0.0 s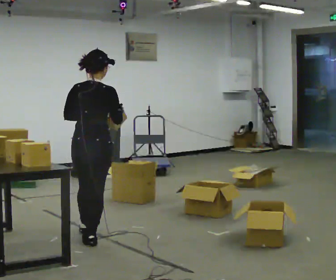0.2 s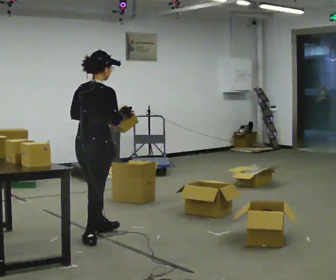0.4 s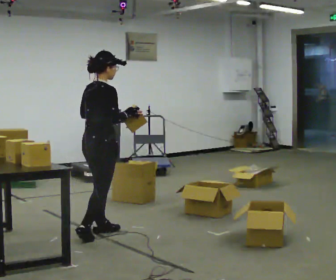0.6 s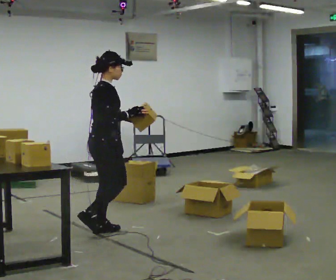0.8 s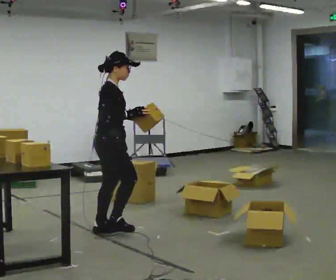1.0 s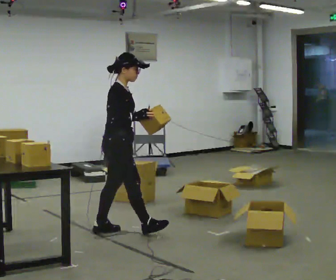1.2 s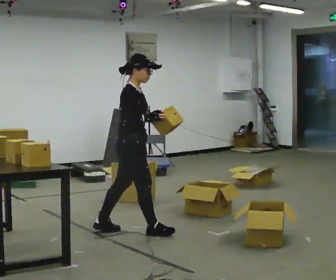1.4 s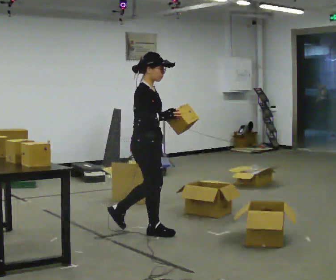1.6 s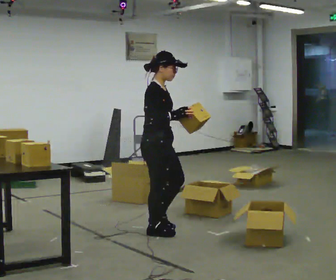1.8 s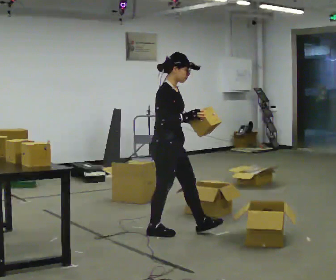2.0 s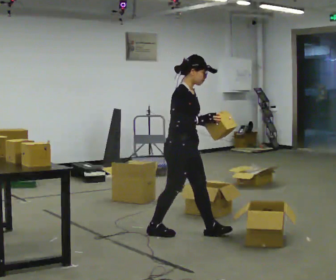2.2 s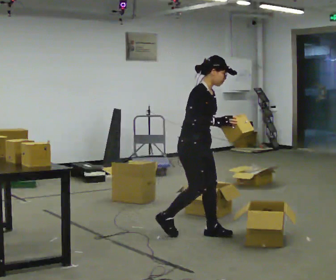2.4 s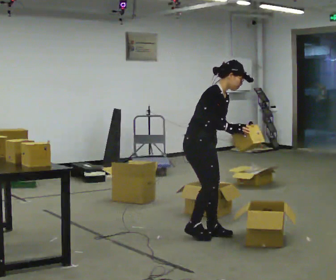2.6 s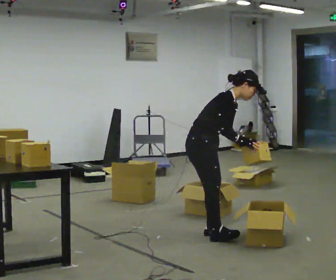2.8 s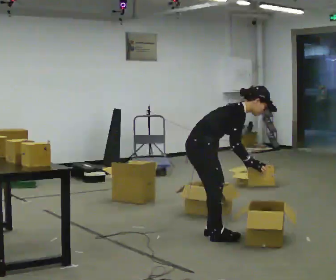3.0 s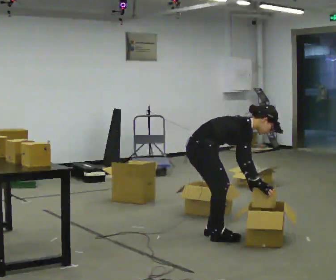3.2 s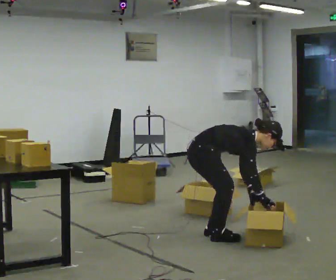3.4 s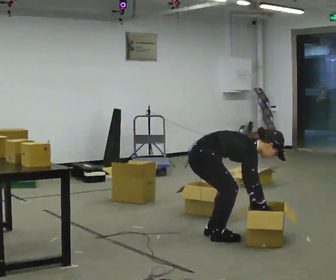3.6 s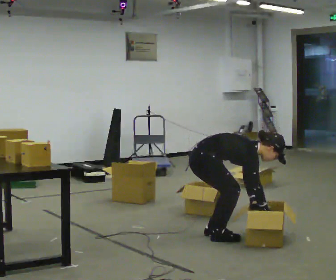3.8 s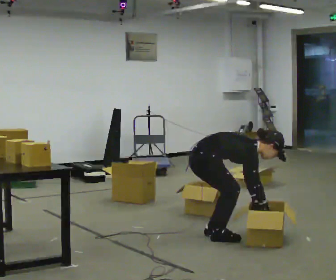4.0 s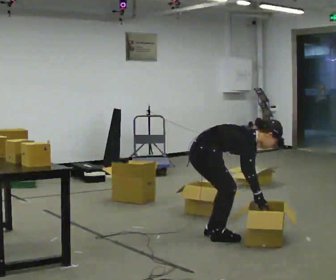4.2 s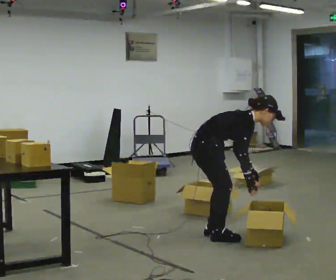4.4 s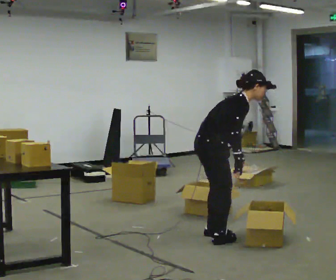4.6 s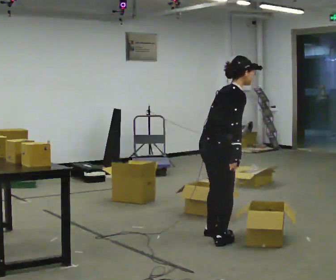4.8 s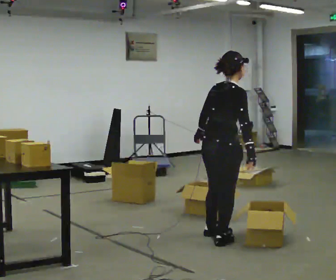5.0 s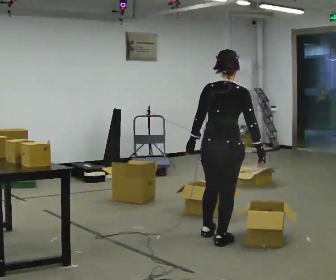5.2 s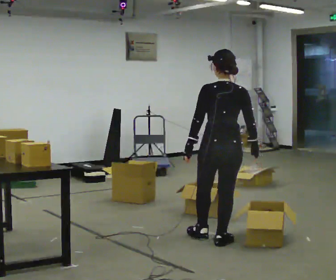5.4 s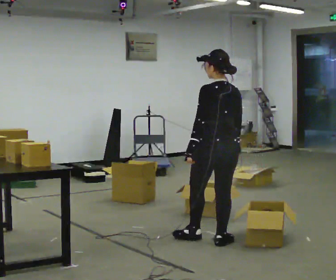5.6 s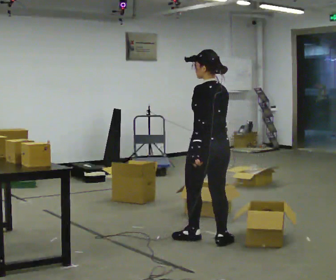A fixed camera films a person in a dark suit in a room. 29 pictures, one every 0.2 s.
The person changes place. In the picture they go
to the right.
The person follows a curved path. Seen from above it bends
clockwise.
0.0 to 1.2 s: Seen from above the body turns clockwise, about 75 degrees: to their right, with its near side sliding to the left. In the picture they go away from the camera and to the right, about 0.5 m in 2 steps.
1.2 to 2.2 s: In the picture they go to the right, about 0.5 m in 1 step, which for them is forward.
2.2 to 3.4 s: The upper body goes downward. In the picture the upper body tilts clockwise, shoulders to the right, as they bend forward. In the picture their right hand goes downward and to the right.
3.4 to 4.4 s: The upper body goes upward. In the picture the upper body tilts counterclockwise, shoulders to the left, as they lean back or straighten. In the picture their right hand goes upward.
4.4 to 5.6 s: The part of the body nearest the lens slides to the right as the person turns to their left by about 120 degrees. In the picture the upper body tilts counterclockwise, shoulders to the left, as they lean back or straighten.
The film runs forward here.
